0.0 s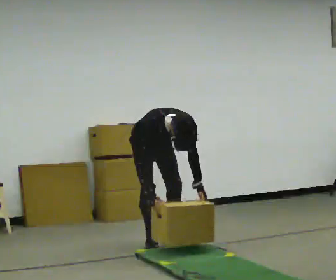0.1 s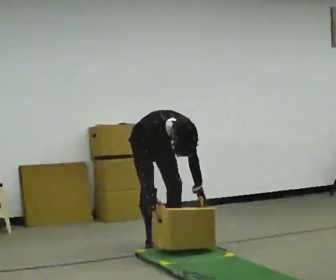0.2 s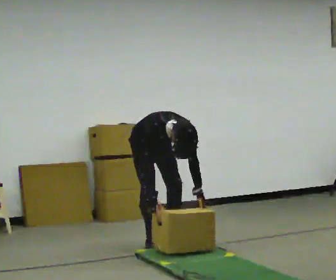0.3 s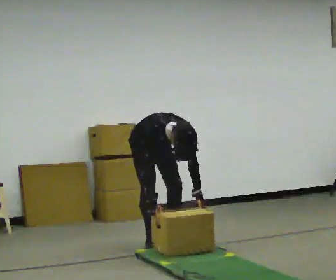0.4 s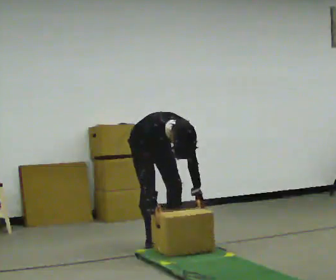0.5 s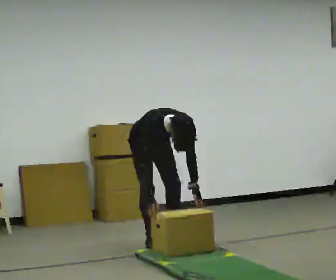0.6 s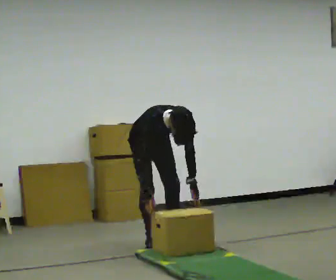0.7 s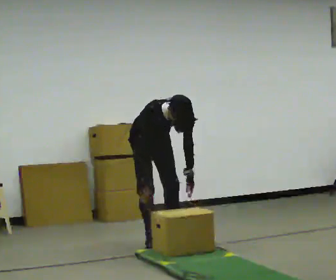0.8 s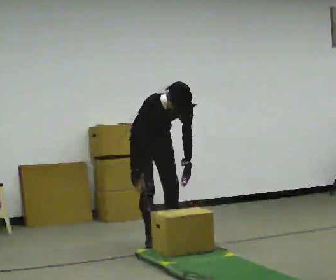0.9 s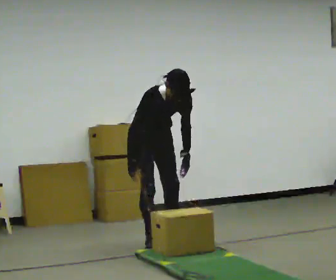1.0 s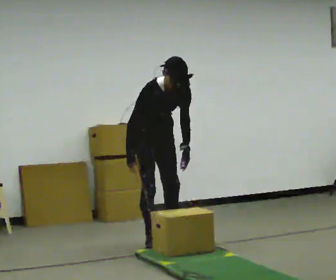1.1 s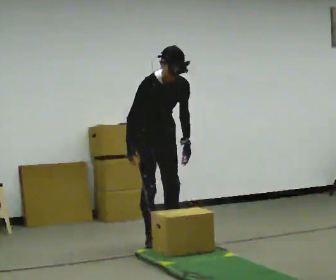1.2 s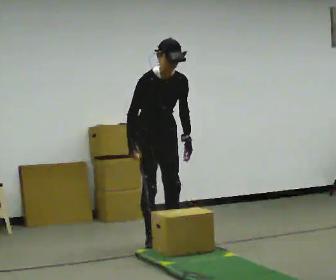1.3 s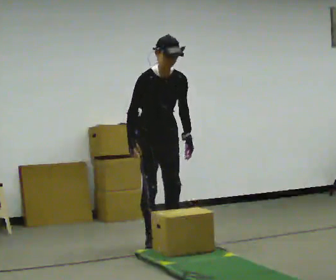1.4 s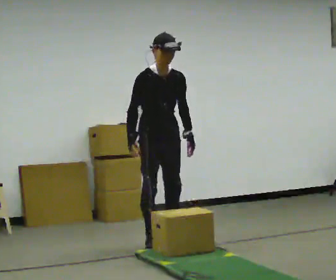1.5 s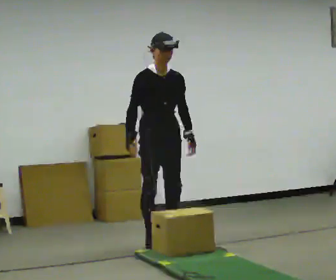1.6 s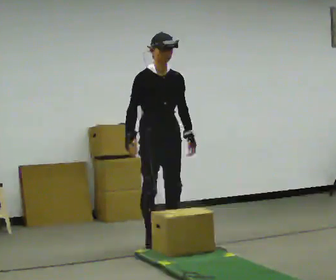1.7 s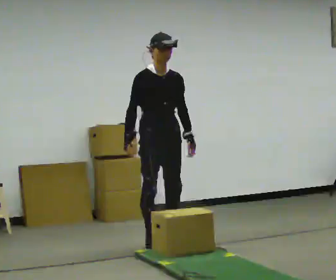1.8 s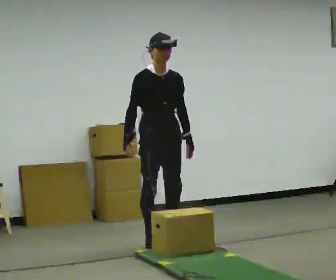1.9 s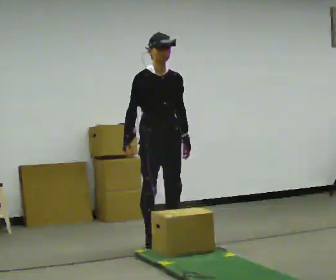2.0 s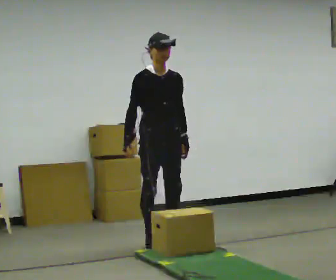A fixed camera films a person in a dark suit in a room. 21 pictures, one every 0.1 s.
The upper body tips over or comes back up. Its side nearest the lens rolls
upward.
The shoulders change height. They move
upward.
0.0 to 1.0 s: The upper body goes upward. The upper body tips away from the camera, its near side rolling upward, as they lean back or straighten.
1.0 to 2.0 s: The upper body tips away from the camera, its near side rolling upward, as they lean back or straighten.
The film runs forward here.
